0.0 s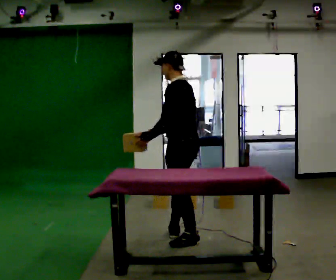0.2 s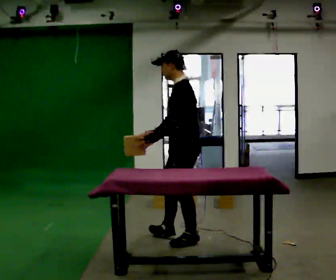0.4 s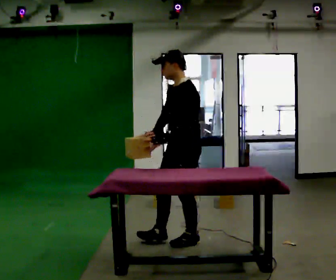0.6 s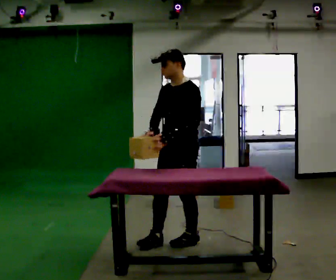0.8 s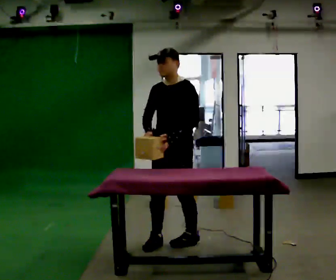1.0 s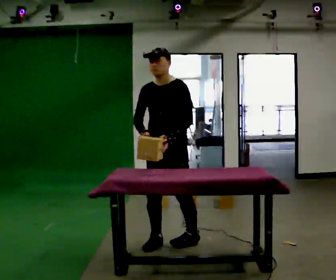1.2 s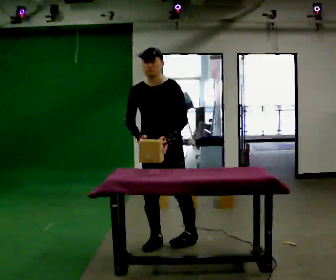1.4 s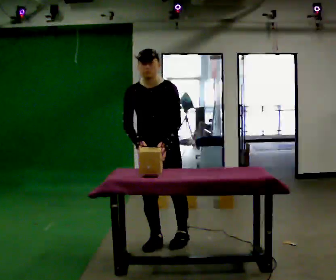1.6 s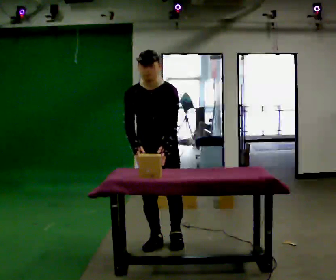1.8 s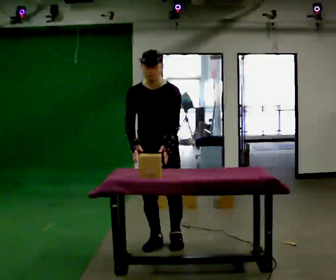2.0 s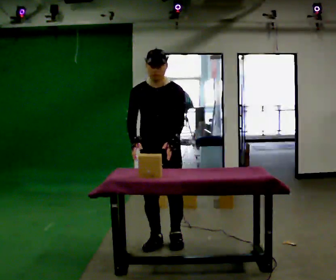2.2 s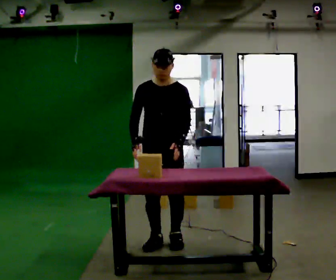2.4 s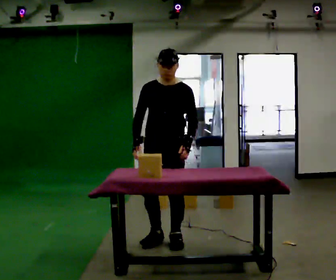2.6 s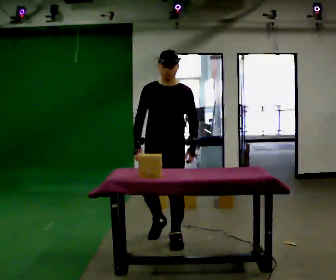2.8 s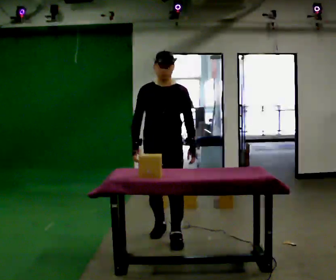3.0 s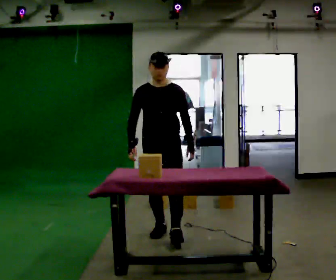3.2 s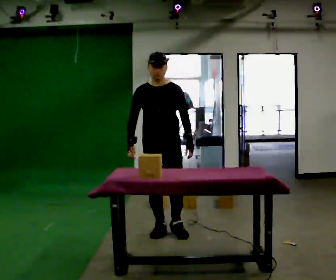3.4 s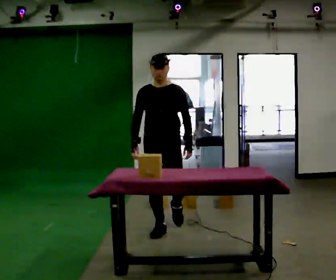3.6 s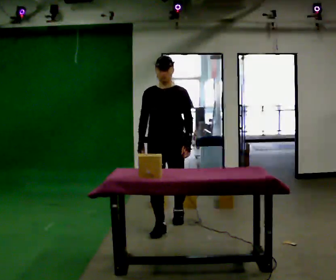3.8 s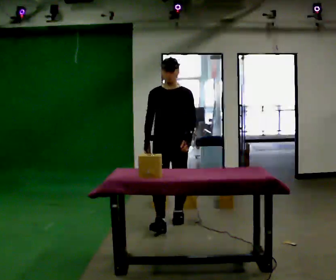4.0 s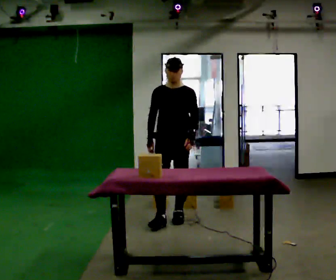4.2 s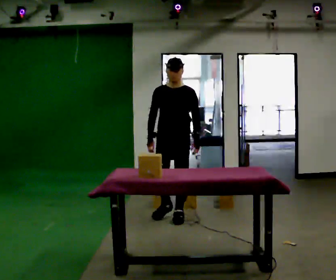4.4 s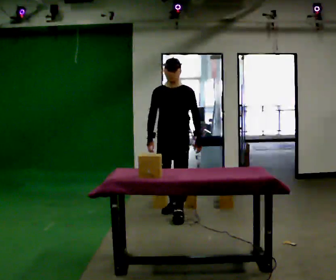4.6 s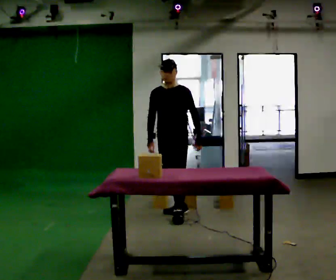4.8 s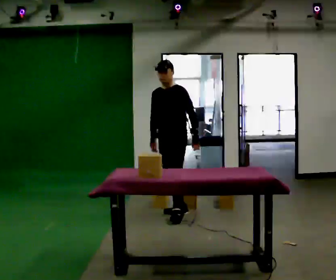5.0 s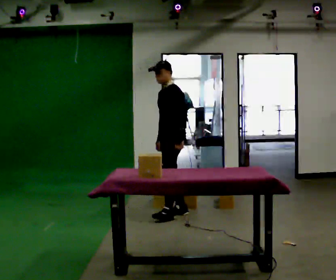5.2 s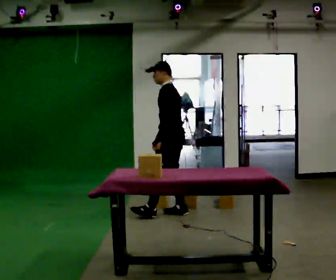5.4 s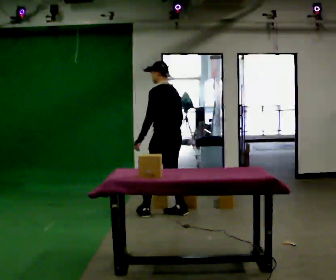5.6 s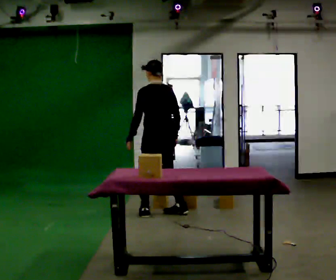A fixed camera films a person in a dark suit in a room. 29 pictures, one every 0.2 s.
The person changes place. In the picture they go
away from the camera.
0.0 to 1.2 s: Seen from above the body turns counterclockwise, about 90 degrees: to their left, with its near side sliding to the right. In the picture they go to the left, about 0.25 m in 1 step.
1.2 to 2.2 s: The person moves a little, or ends about where they began.
2.2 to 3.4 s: In the picture they go away from the camera, about 0.5 m in 2 steps, which for them is backward.
3.4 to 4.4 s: In the picture they go away from the camera, about 0.5 m in 1 step, which for them is backward.
4.4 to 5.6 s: The person turns about 120 degrees to their right, clockwise seen from above, so the part of the body nearest the lens slides to the left. In the picture their left hand goes to the left, the arm swinging clockwise.
The film runs backward here.
